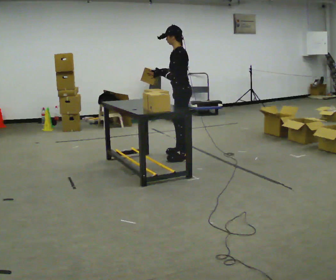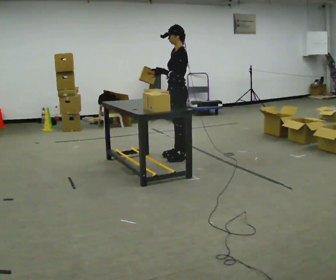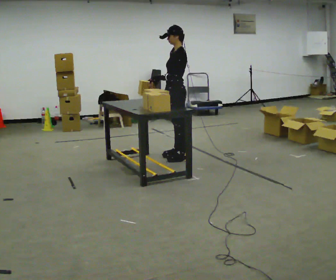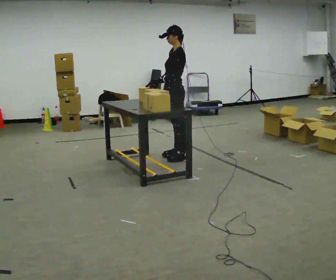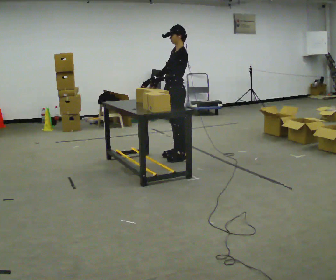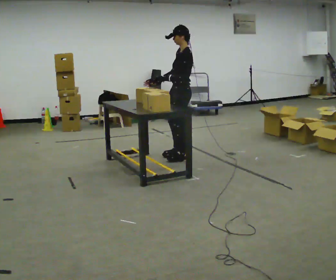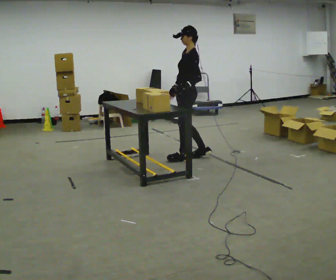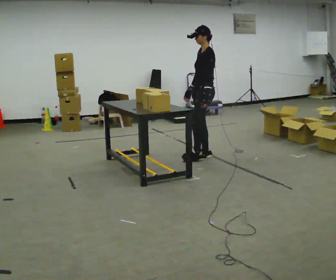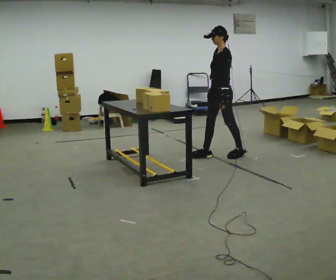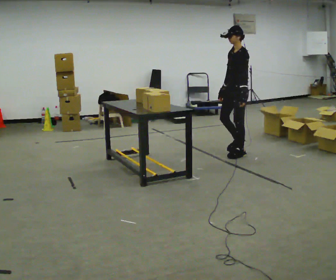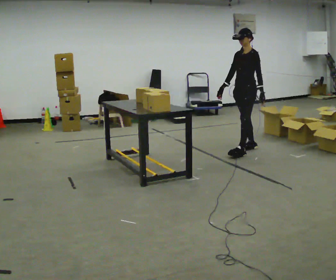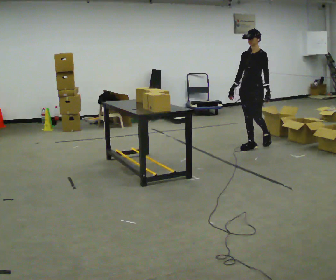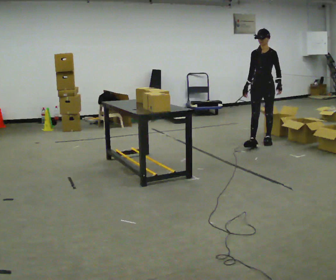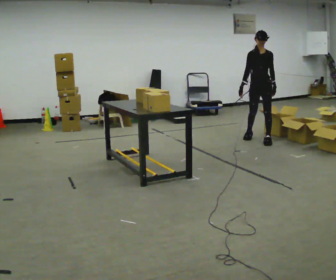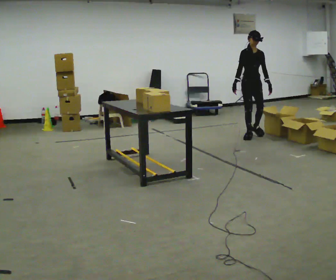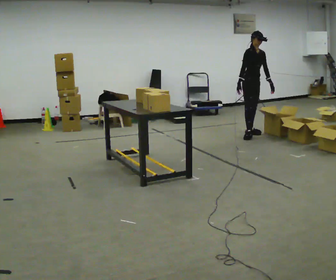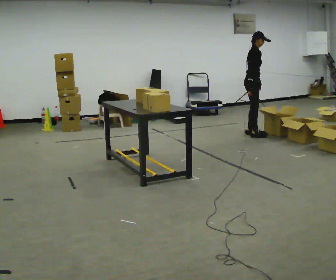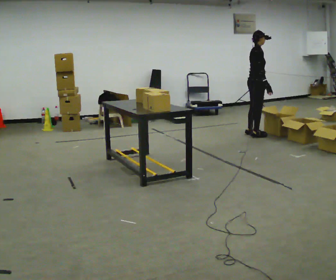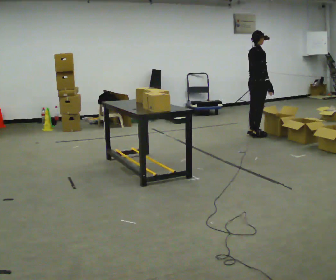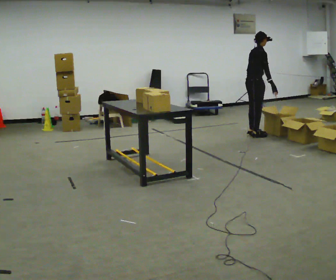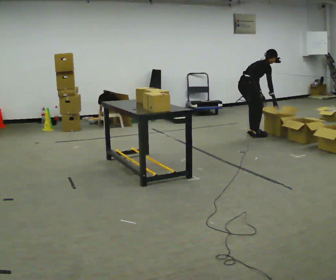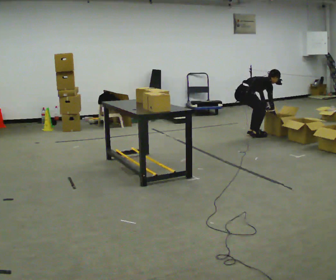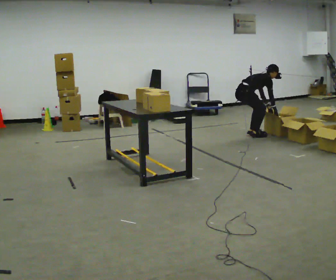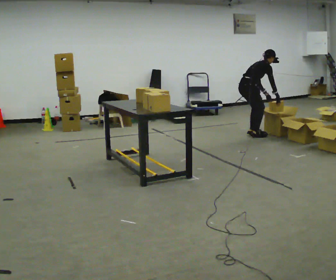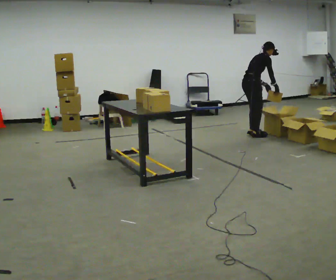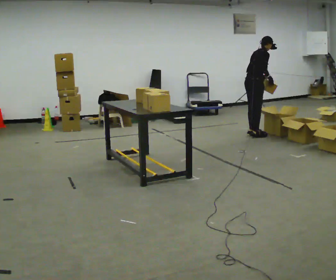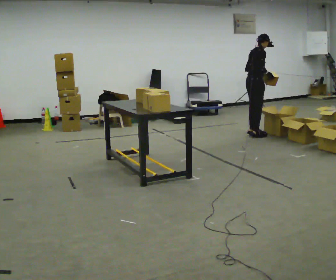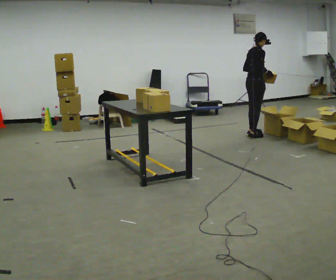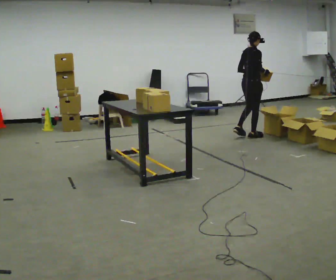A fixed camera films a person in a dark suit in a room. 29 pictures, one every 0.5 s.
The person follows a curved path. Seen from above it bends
counterclockwise.
The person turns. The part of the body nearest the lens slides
to the right.
0.0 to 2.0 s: The part of the body nearest the lens slides to the right as the person turns to their left by about 30 degrees.
2.0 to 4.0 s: In the picture they go to the right, about 0.5 m in 2 steps, which for them is backward.
4.0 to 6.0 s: The part of the body nearest the lens slides to the right as the person turns to their left by about 45 degrees. In the picture they go away from the camera and to the right, about 1 m in 3 steps, which for them is backward.
6.0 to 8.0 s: The person turns about 90 degrees to their left, counterclockwise seen from above, so the part of the body nearest the lens slides to the right. In the picture they go away from the camera, about 0.75 m in 1 step.
8.0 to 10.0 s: Seen from above the body turns counterclockwise, about 45 degrees: to their left, with its near side sliding to the right. In the picture they go toward the camera, about 0.25 m, which for them is backward and to their right. The shoulders move downward. In the picture the upper body tilts clockwise, shoulders to the right, as they bend forward. In the picture their right hand goes to the right.
10.0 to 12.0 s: The person moves a little, or ends about where they began.
12.0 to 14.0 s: In the picture the upper body tilts counterclockwise, shoulders to the left, as they lean back or straighten.
The film runs backward here.
